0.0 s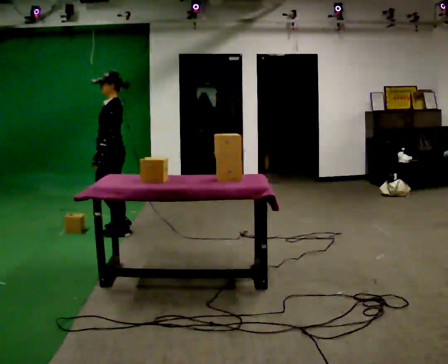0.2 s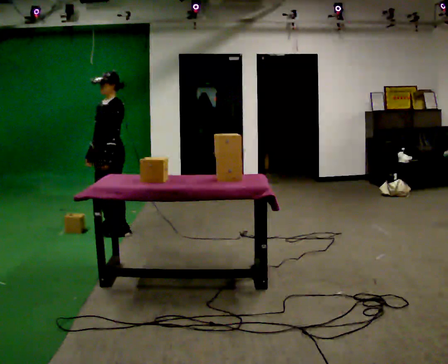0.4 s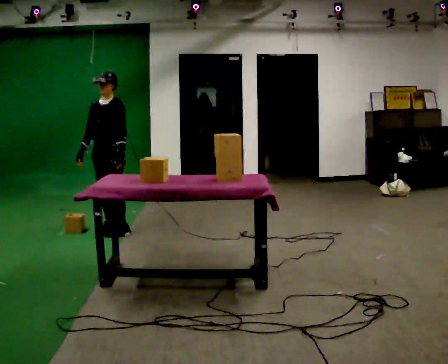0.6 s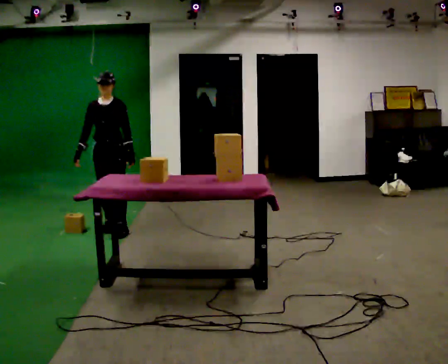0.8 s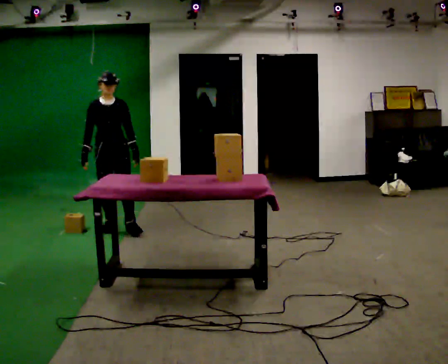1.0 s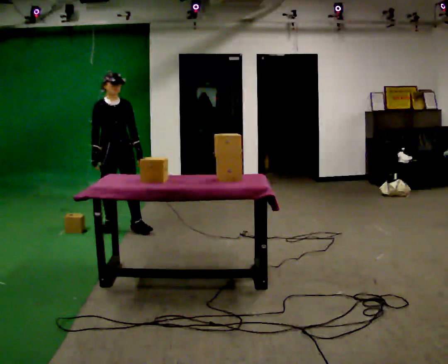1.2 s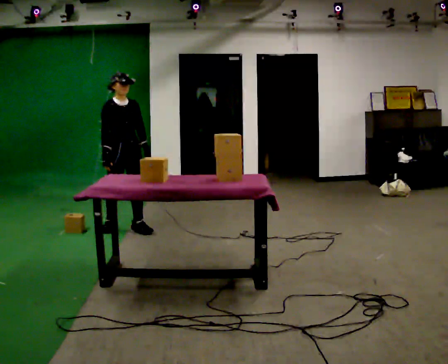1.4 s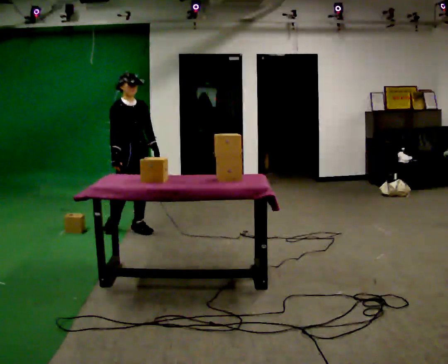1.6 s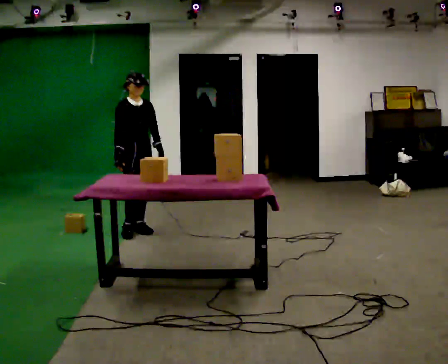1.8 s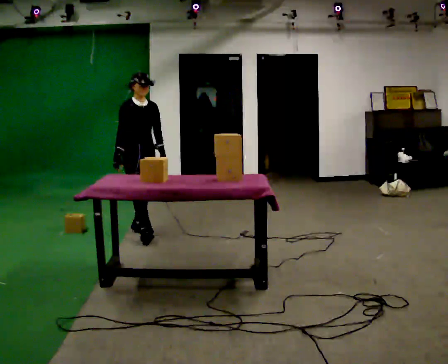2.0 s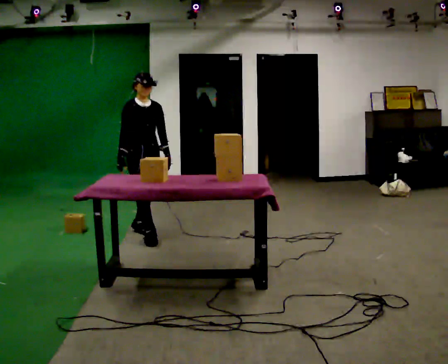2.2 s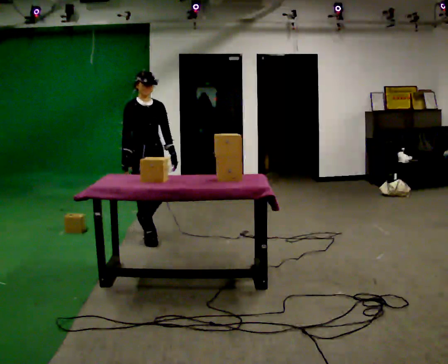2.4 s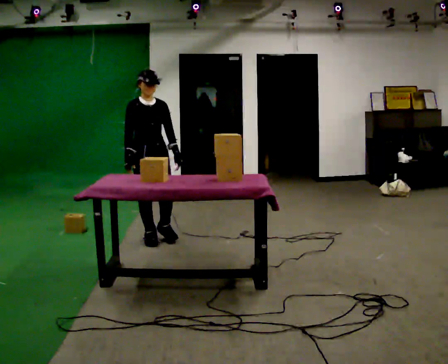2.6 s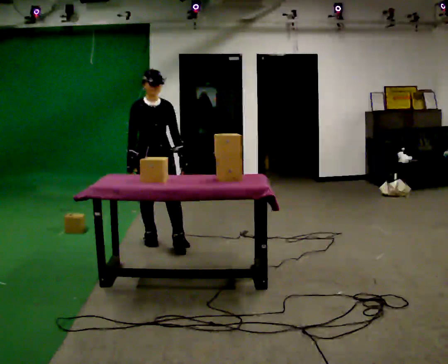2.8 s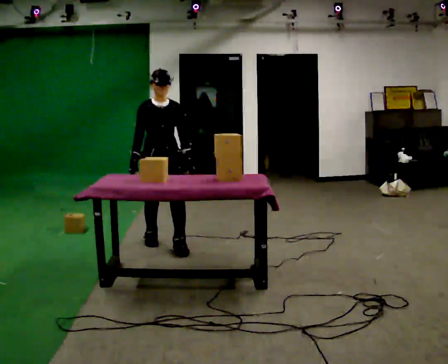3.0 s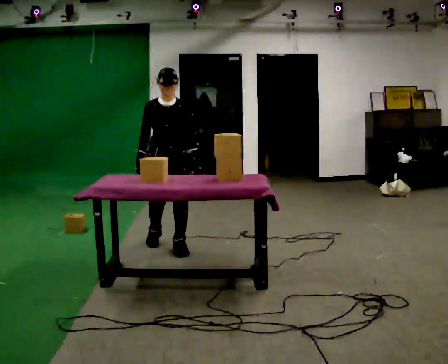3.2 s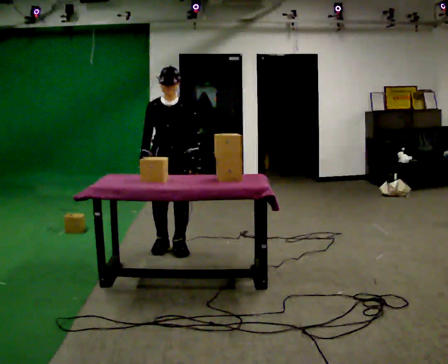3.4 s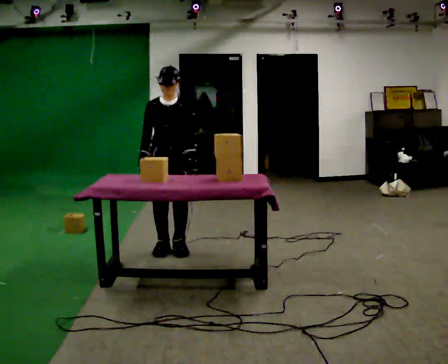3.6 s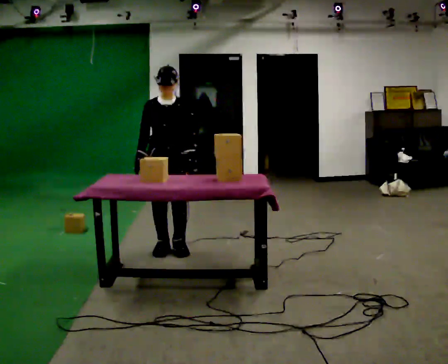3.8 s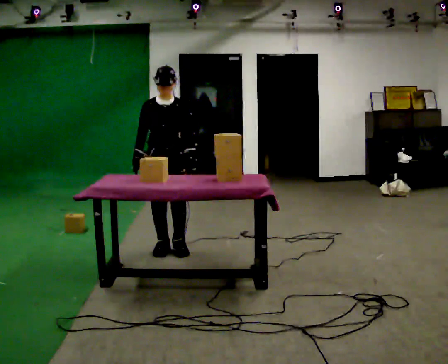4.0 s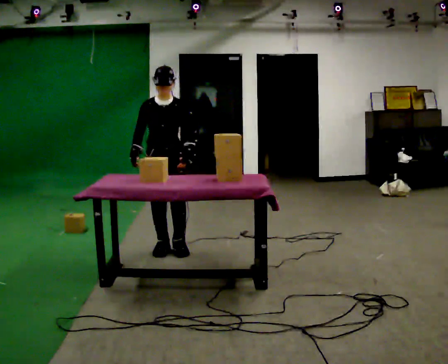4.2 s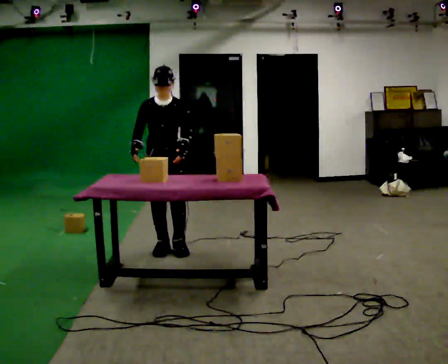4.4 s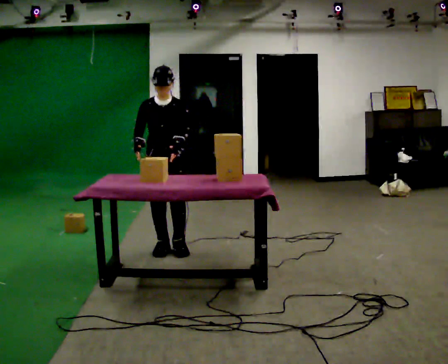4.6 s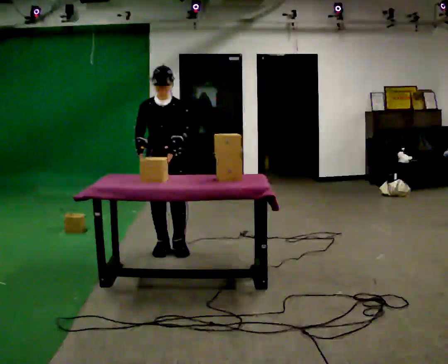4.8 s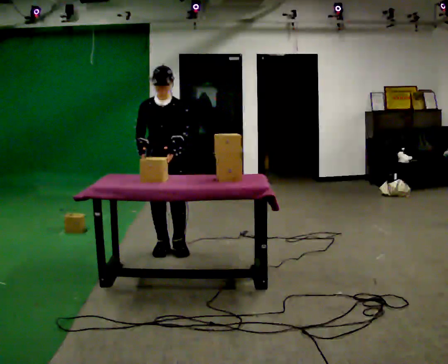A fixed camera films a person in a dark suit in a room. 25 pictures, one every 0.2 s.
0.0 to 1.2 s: The person turns about 105 degrees to their left, counterclockwise seen from above, so the part of the body nearest the lens slides to the right. In the picture their left hand goes to the right.
1.2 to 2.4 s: In the picture they go toward the camera and to the right, about 0.5 m in 1 step, which for them is forward.
2.4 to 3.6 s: The part of the body nearest the lens slides to the left as the person turns to their right by about 30 degrees. In the picture they go toward the camera, about 0.25 m in 2 steps, which for them is forward and to their left.
3.6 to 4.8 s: The person moves a little, or ends about where they began.
The film runs forward here.
